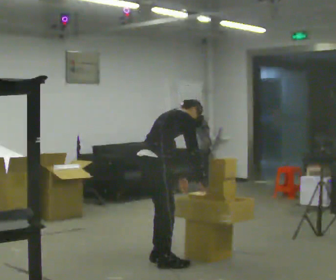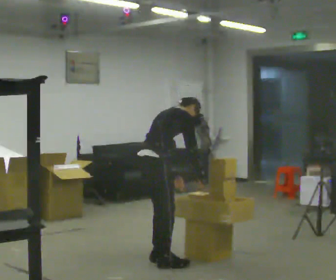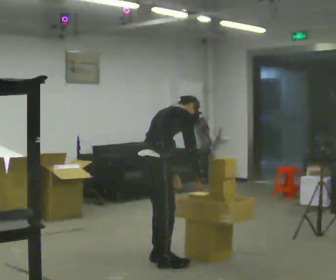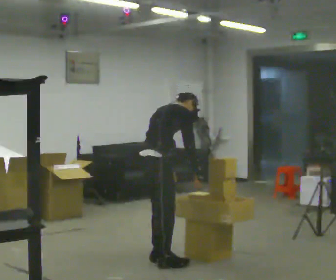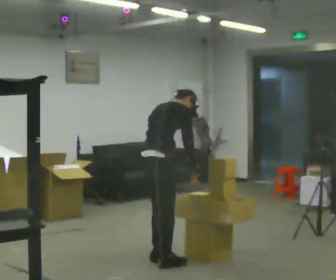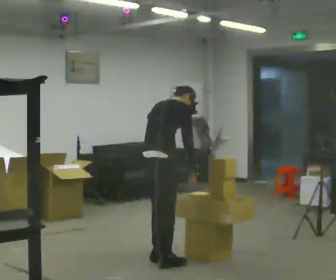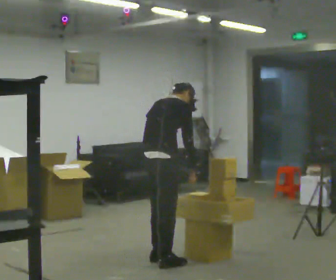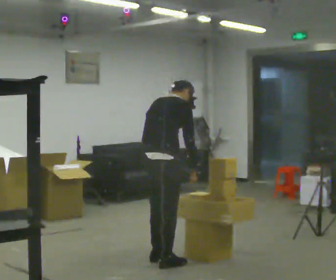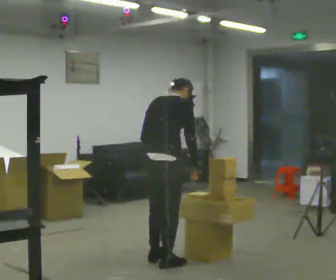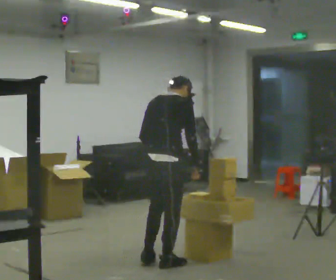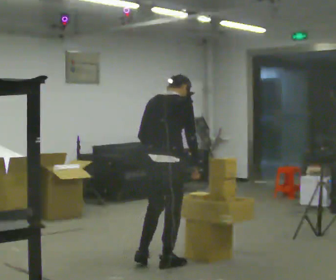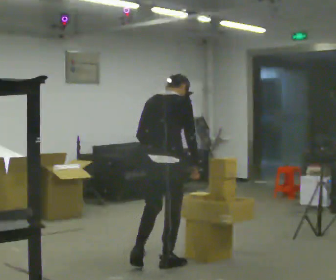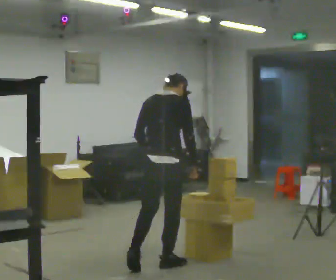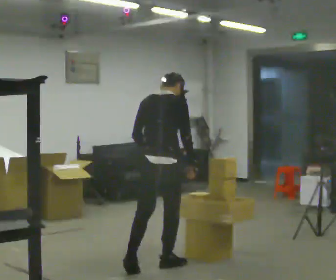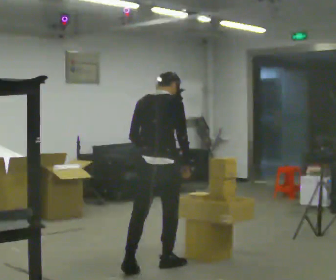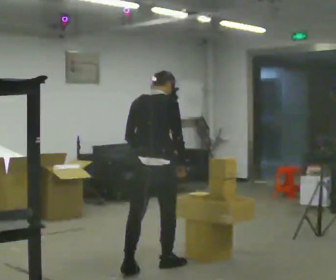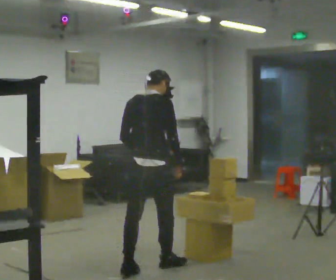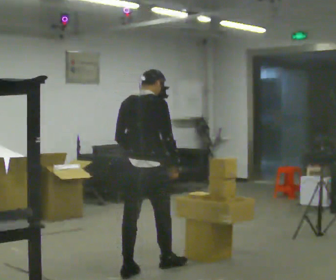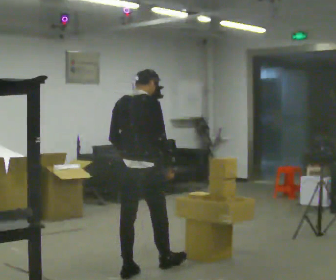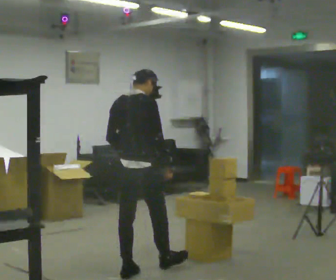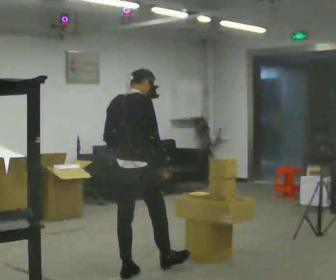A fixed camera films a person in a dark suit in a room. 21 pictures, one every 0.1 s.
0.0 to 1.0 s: The part of the body nearest the lens slides to the right as the person turns to their left by about 30 degrees. In the picture they go toward the camera, about 0.25 m in 1 step, which for them is to their right. The shoulders move upward. In the picture the upper body tilts counterclockwise, shoulders to the left, as they lean back or straighten.
1.0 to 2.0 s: In the picture they go to the left and toward the camera, about 0.25 m in 1 step, which for them is backward and to their left.
The film runs backward here.
